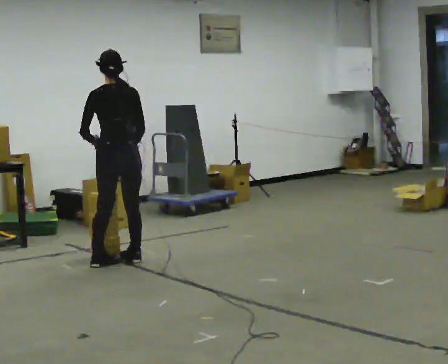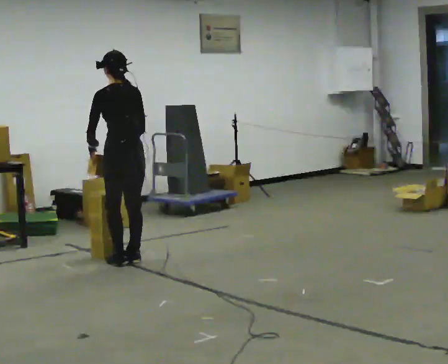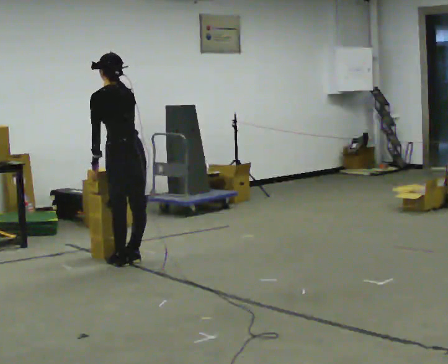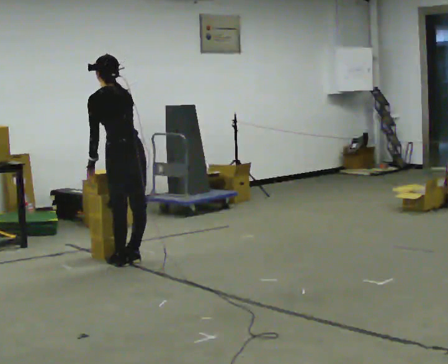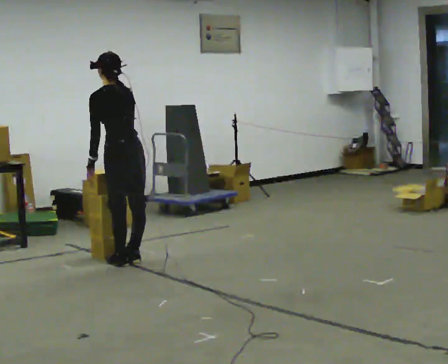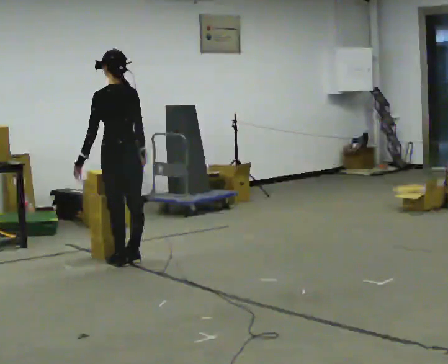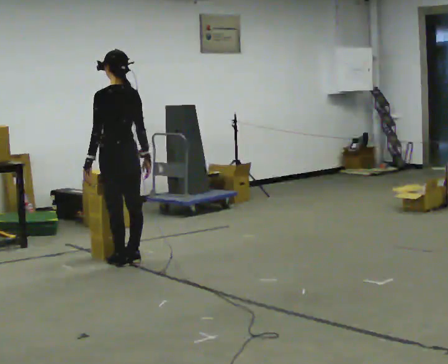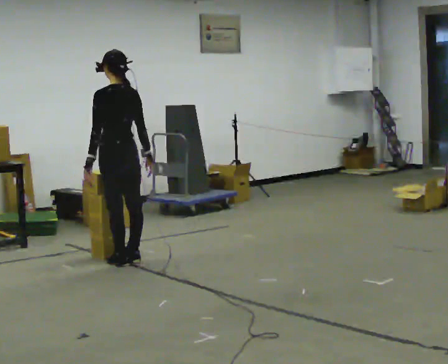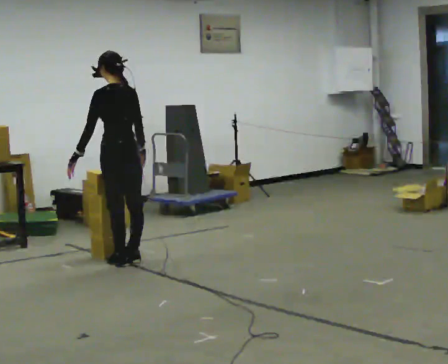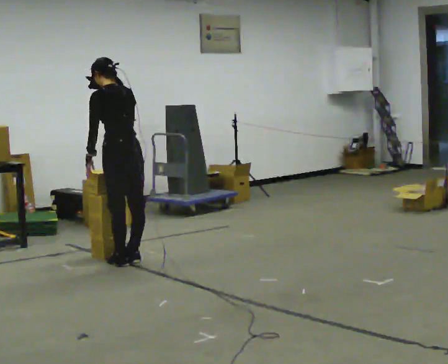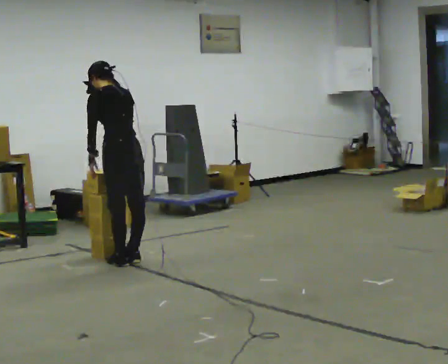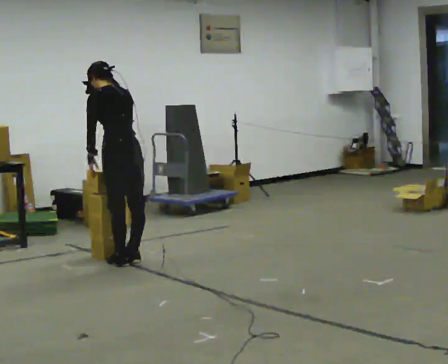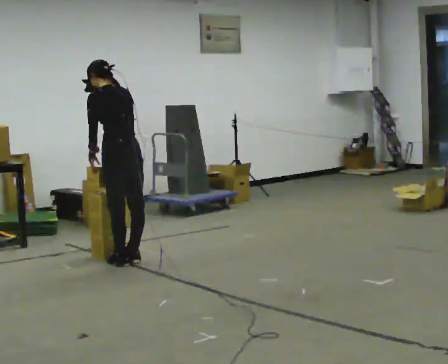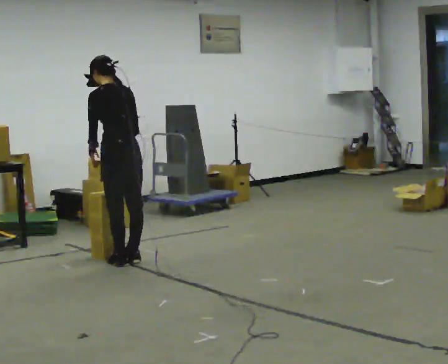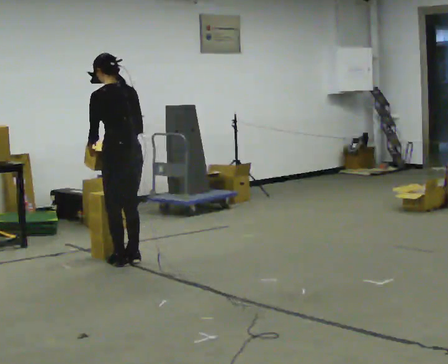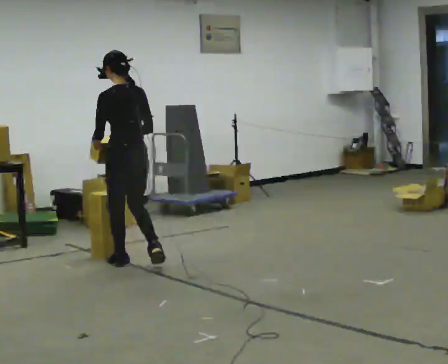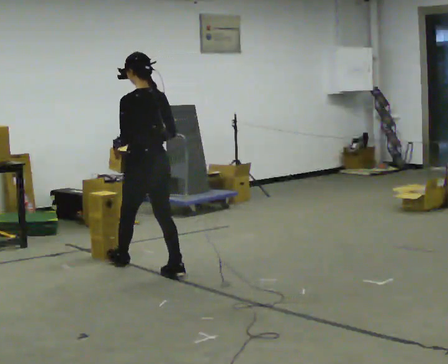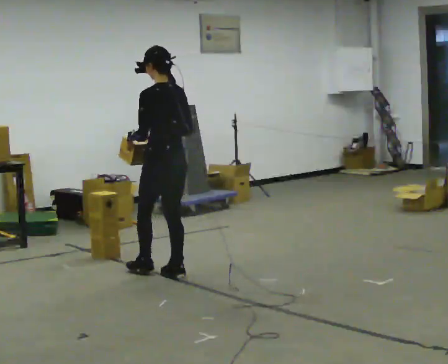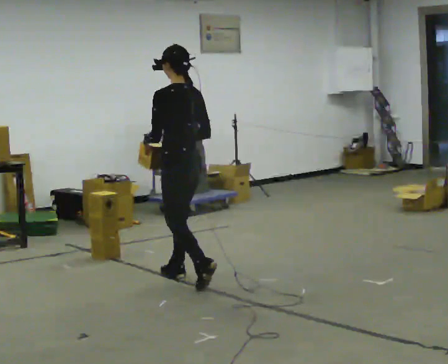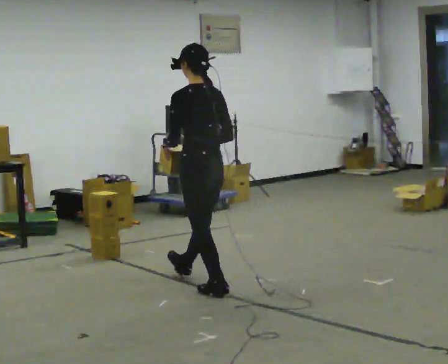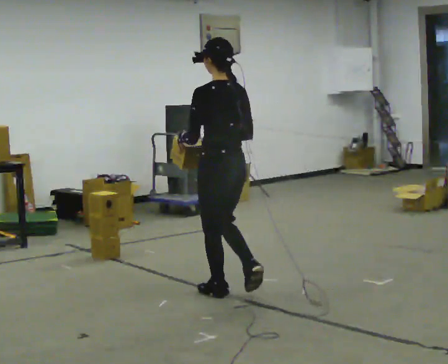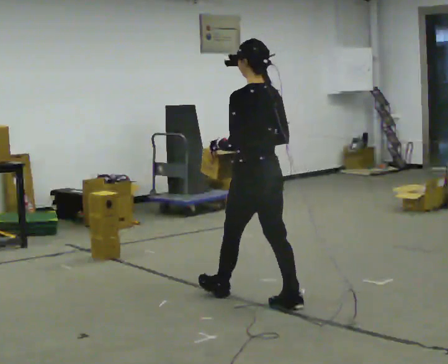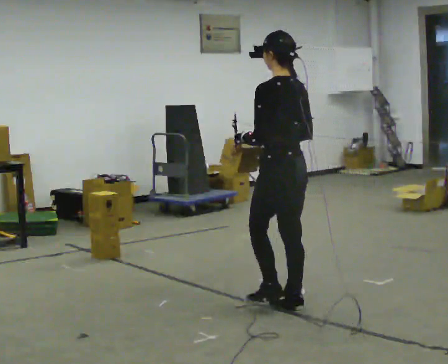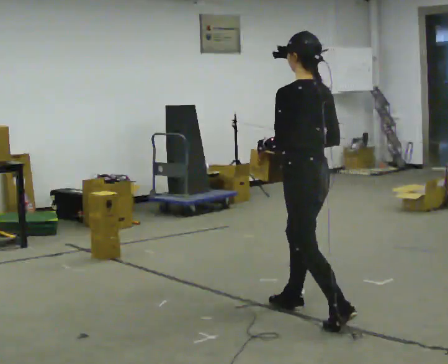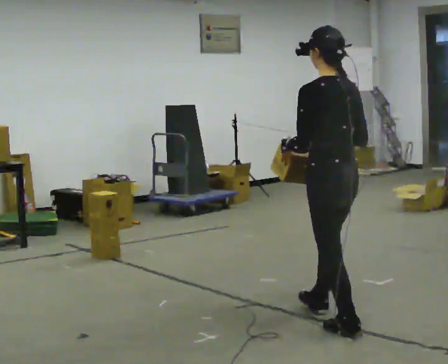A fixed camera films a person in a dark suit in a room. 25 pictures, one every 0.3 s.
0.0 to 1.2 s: Seen from above the body turns counterclockwise, about 30 degrees: to their left, with its near side sliding to the right.
1.2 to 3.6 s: The person moves a little, or ends about where they began.
3.6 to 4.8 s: In the picture they go toward the camera and to the right, about 0.25 m in 1 step, which for them is backward. The upper body tips toward the camera, its near side rolling downward, as they lean back or straighten.
4.8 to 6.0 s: In the picture they go toward the camera and to the right, about 1 m in 2 steps, which for them is backward.
6.0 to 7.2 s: In the picture they go toward the camera and to the right, about 1 m in 2 steps, which for them is backward.
The film runs backward here.
